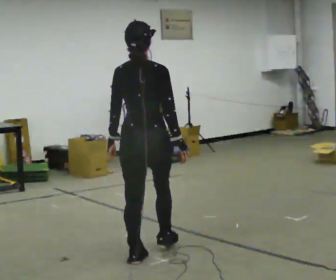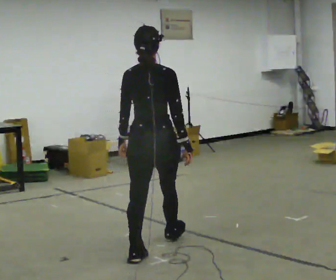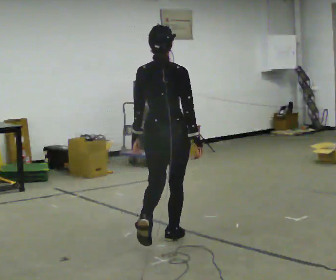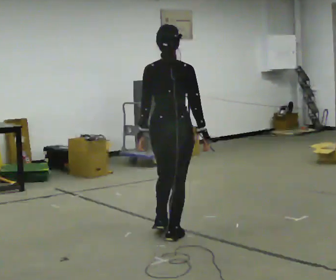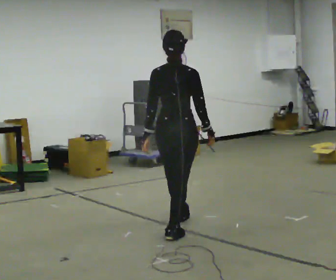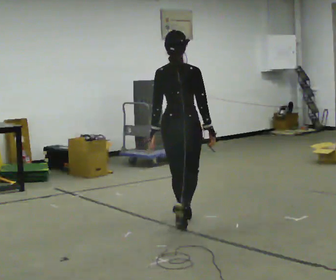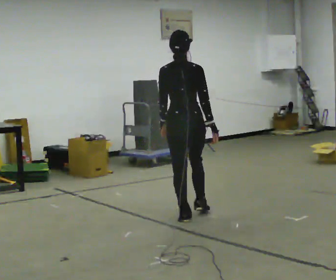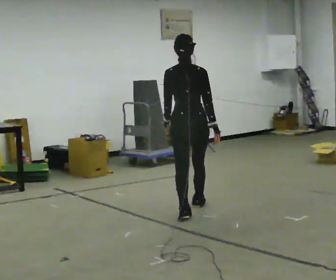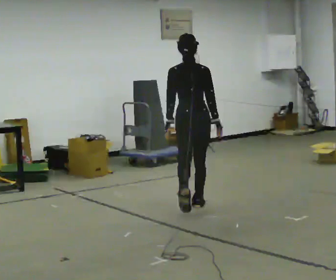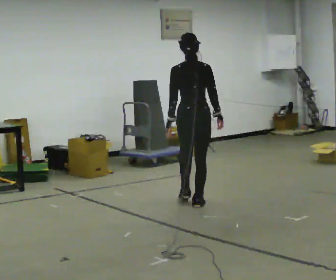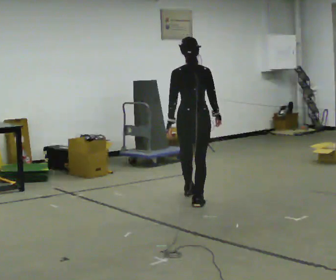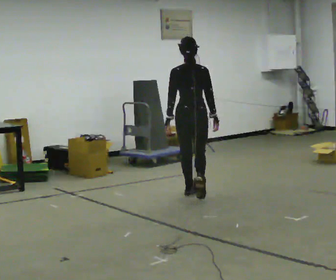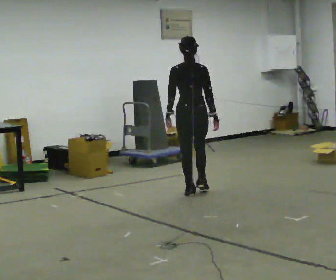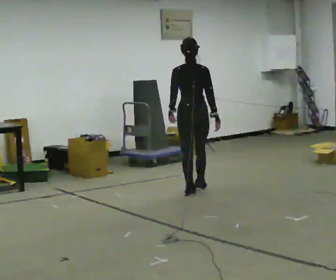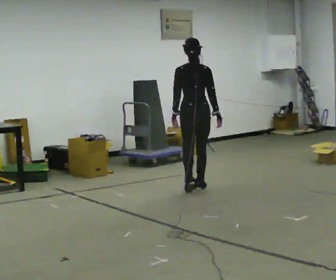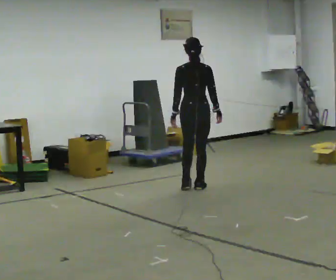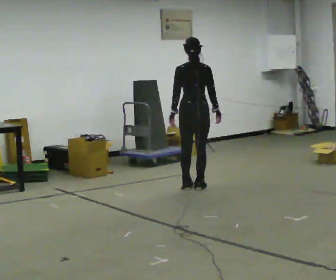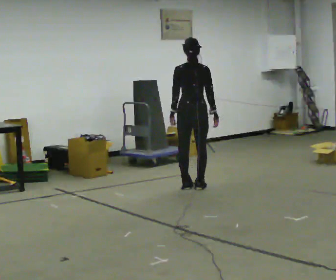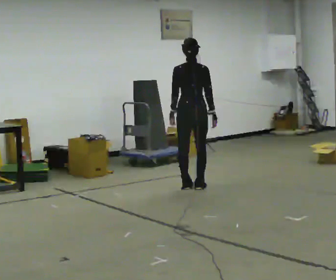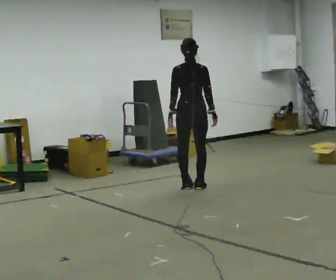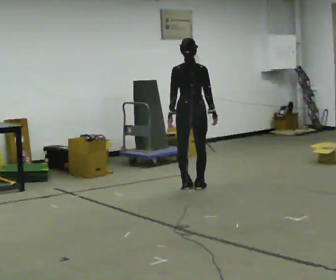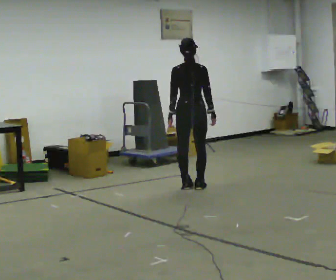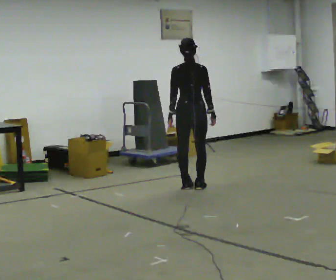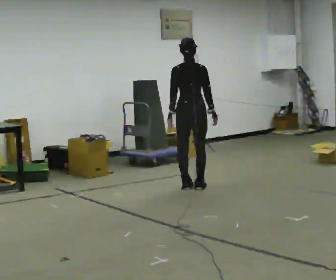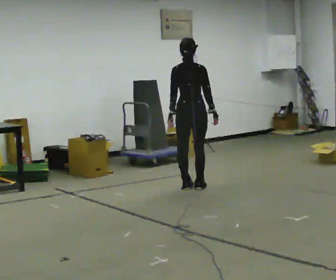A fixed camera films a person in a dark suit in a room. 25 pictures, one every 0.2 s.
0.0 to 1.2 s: In the picture they go away from the camera, about 1 m in 2 steps, which for them is forward.
1.2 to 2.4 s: In the picture they go away from the camera, about 1 m in 2 steps, which for them is forward.
2.4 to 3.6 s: In the picture they go away from the camera, about 0.25 m in 2 steps, which for them is forward.
3.6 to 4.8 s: The person moves a little, or ends about where they began.
The film runs forward here.
